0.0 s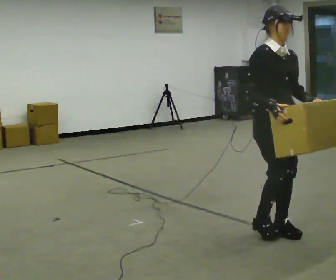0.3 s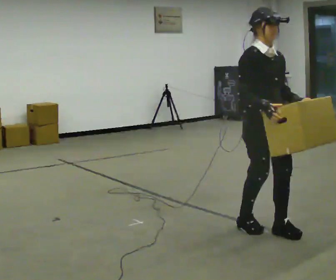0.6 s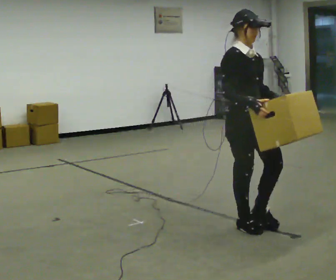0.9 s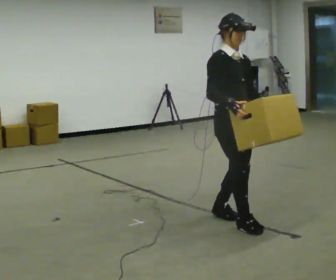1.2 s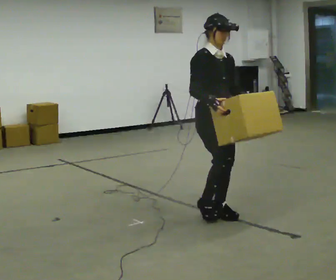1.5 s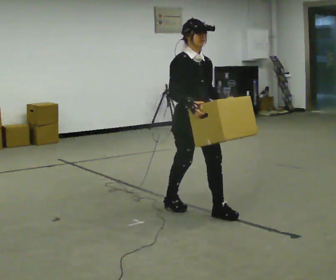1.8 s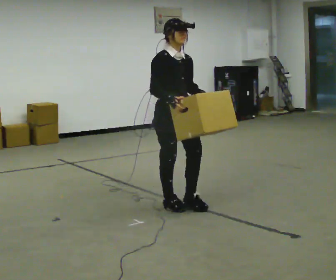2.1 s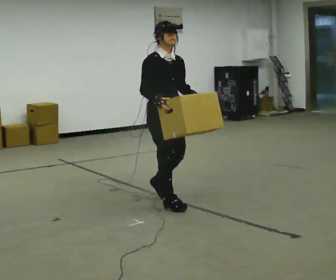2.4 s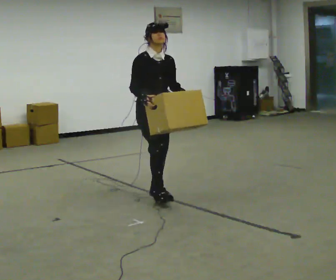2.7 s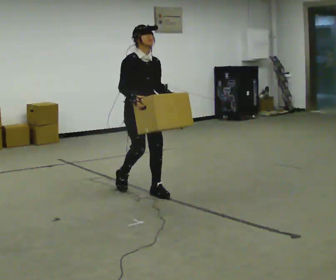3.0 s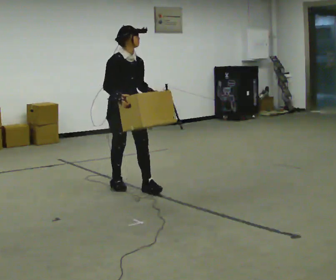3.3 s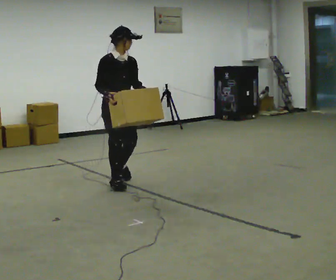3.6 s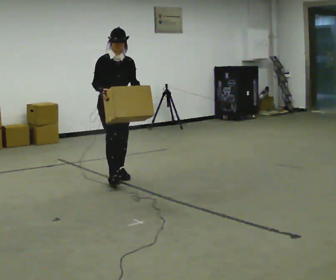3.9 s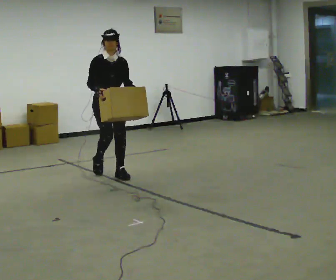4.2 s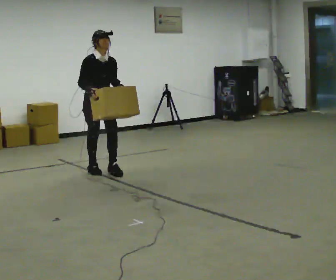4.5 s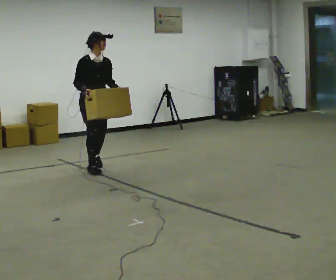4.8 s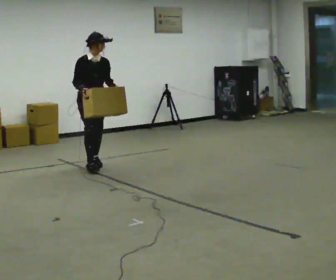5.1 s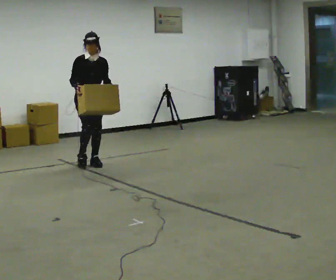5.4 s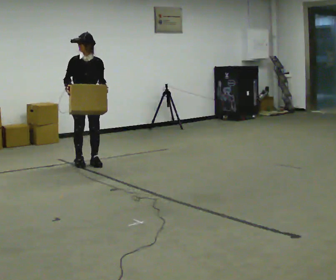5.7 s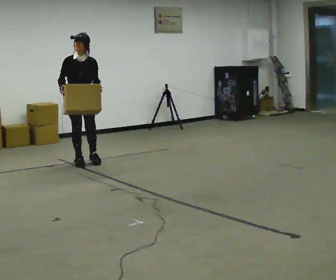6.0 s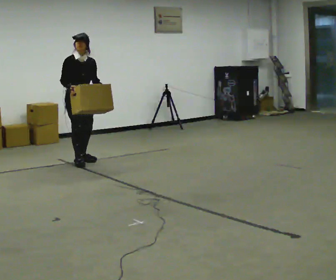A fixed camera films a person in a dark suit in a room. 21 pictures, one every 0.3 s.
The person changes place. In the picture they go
away from the camera.
0.0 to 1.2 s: In the picture they go away from the camera and to the left, about 0.5 m in 2 steps, which for them is backward.
1.2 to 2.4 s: In the picture they go away from the camera and to the left, about 1 m in 2 steps, which for them is backward.
2.4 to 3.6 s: In the picture they go away from the camera and to the left, about 1 m in 2 steps, which for them is backward.
3.6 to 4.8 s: In the picture they go away from the camera and to the left, about 0.5 m in 2 steps, which for them is backward.
4.8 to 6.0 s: In the picture they go away from the camera and to the left, about 0.25 m in 1 step, which for them is backward and to their right.
The film runs backward here.
